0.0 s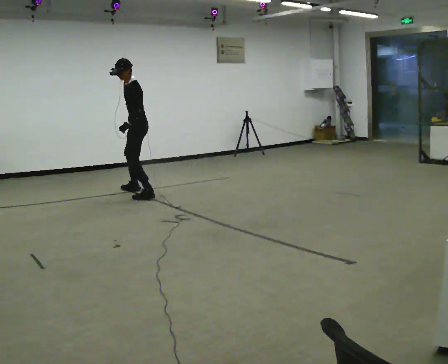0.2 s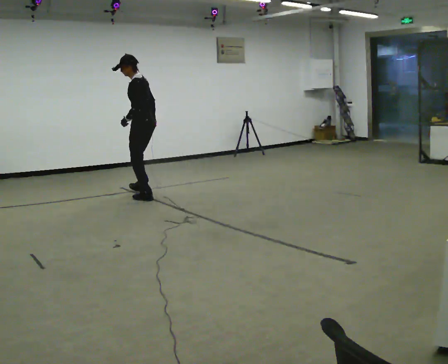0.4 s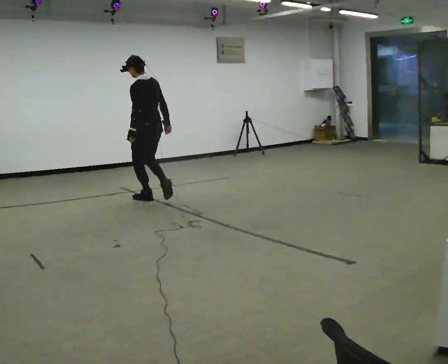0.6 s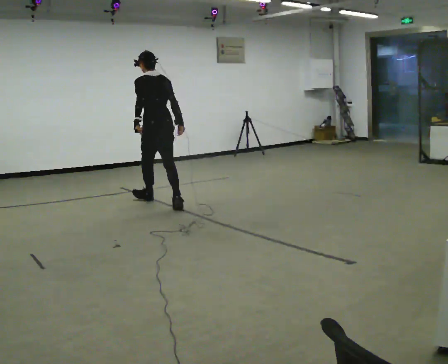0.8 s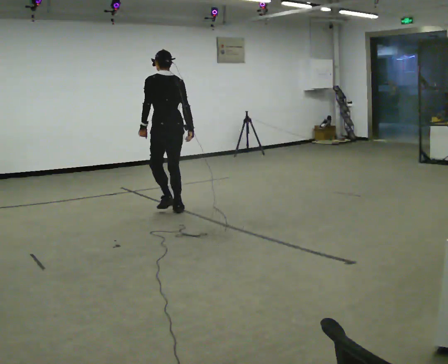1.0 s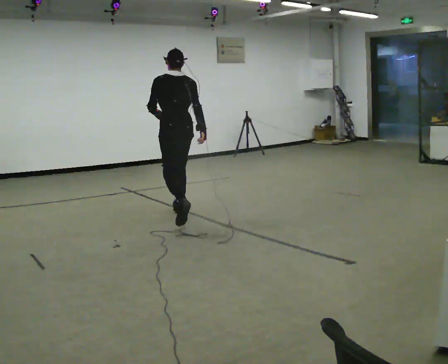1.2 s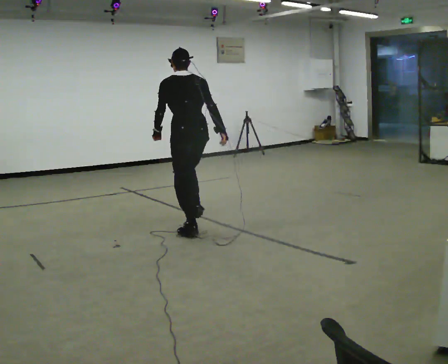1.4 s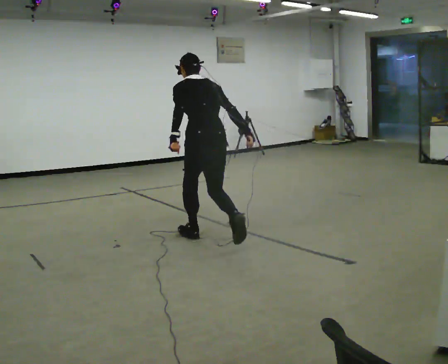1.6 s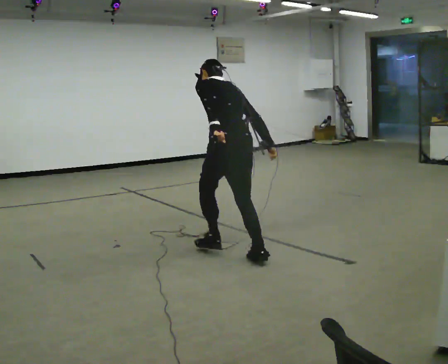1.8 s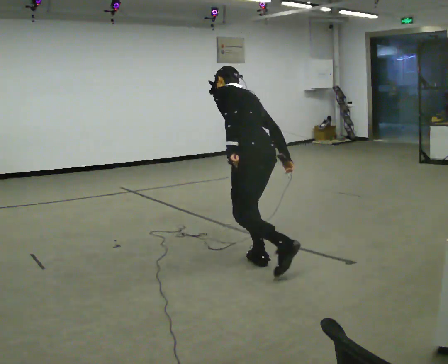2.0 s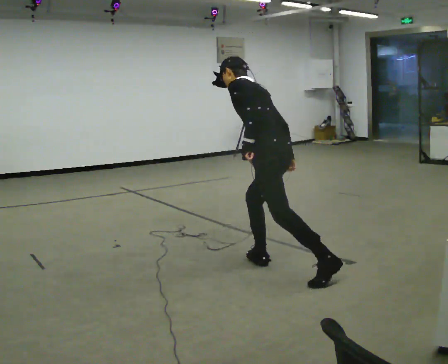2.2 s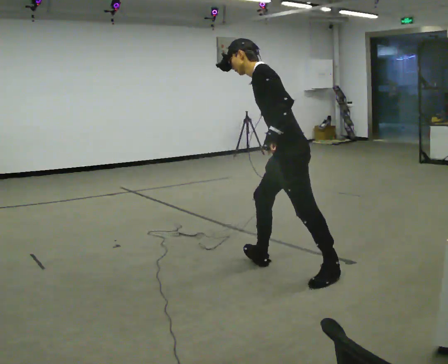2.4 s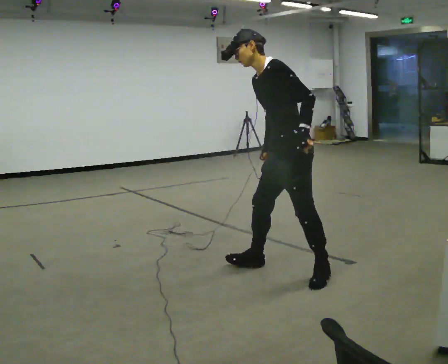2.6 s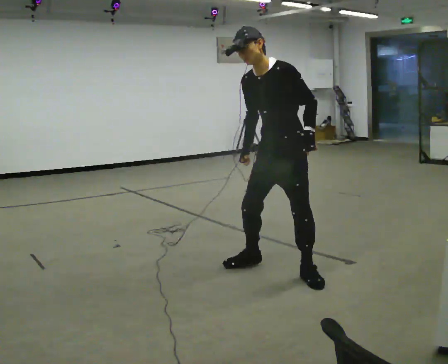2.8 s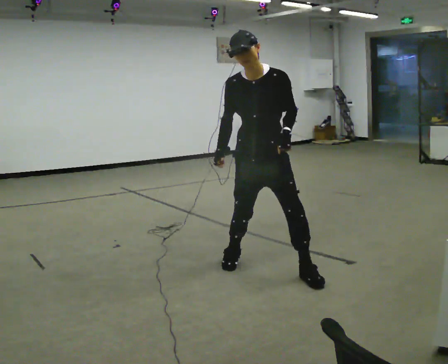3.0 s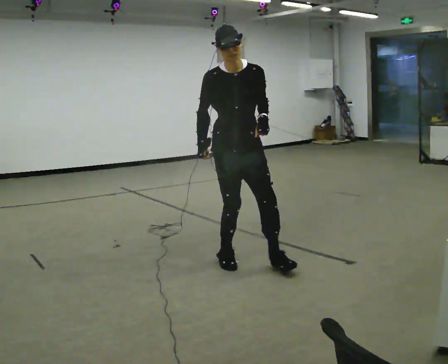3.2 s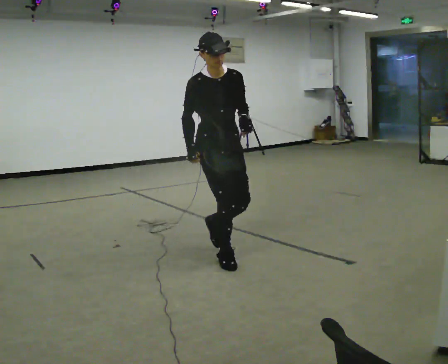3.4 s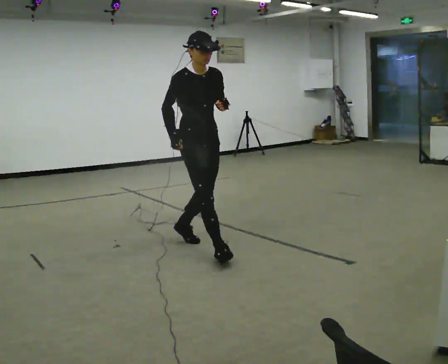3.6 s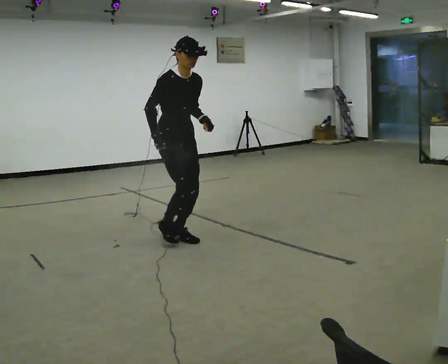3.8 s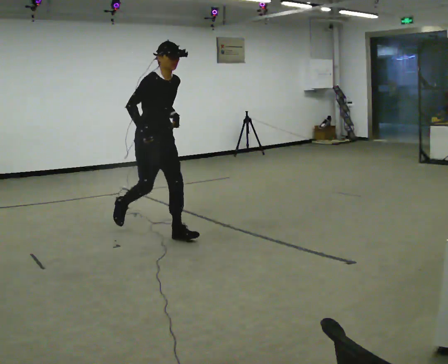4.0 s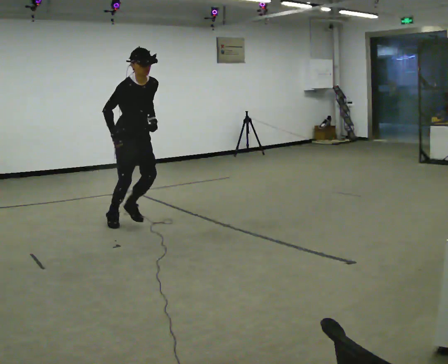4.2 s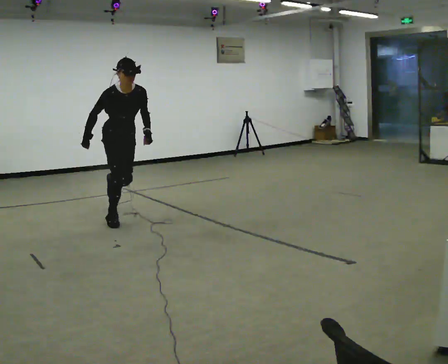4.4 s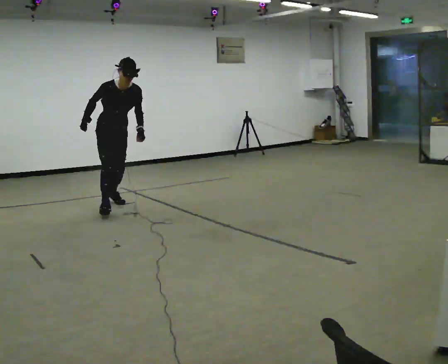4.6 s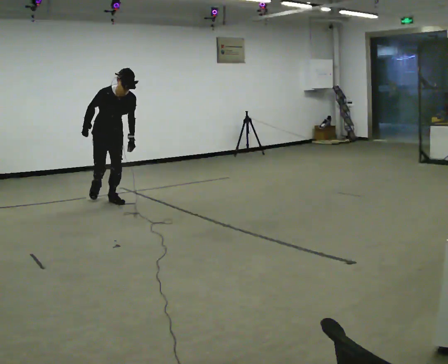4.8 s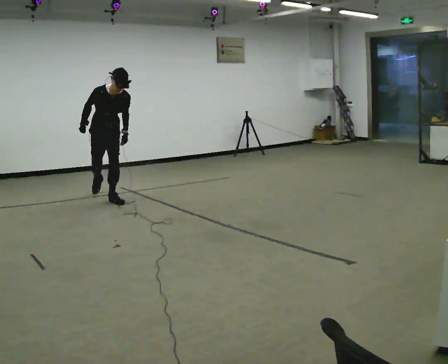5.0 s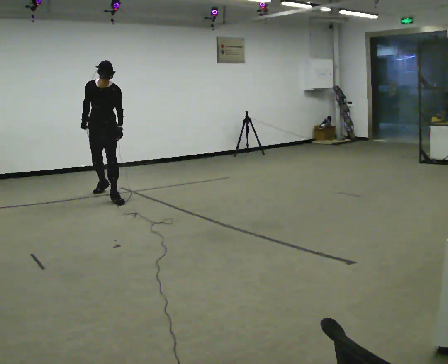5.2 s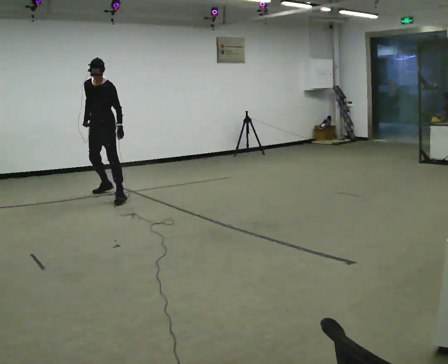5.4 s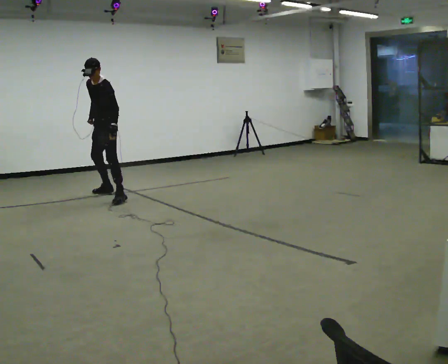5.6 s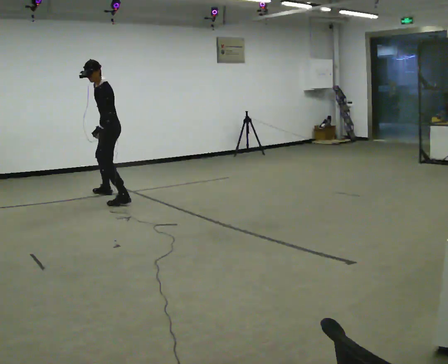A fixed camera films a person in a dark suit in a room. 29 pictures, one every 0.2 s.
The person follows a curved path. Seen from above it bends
clockwise.
0.0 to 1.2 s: Seen from above the body turns clockwise, about 90 degrees: to their right, with its near side sliding to the left. In the picture they go toward the camera and to the right, about 1.5 m in 3 steps. The upper body tips away from the camera, its near side rolling upward.
1.2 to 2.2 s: Seen from above the body turns counterclockwise, about 60 degrees: to their left, with its near side sliding to the right. In the picture they go toward the camera and to the right, about 1.5 m in 1 step. In the picture the upper body tilts counterclockwise, shoulders to the left.
2.2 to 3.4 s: Seen from above the body turns counterclockwise, about 135 degrees: to their left, with its near side sliding to the right. In the picture they go to the left and away from the camera, about 1 m in 3 steps. In the picture the upper body tilts clockwise, shoulders to the right, as they lean back or straighten.
3.4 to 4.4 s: In the picture they go away from the camera and to the left, about 1.5 m in 2 steps, which for them is backward. In the picture the upper body tilts clockwise, shoulders to the right, as they bend forward.
4.4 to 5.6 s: The person turns about 90 degrees to their right, clockwise seen from above, so the part of the body nearest the lens slides to the left. In the picture they go away from the camera, about 0.75 m in 2 steps. In the picture the upper body tilts counterclockwise, shoulders to the left.
The film runs backward here.
